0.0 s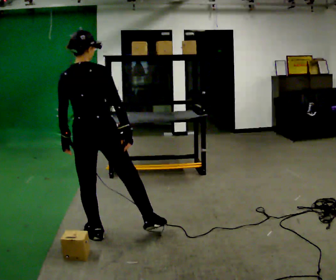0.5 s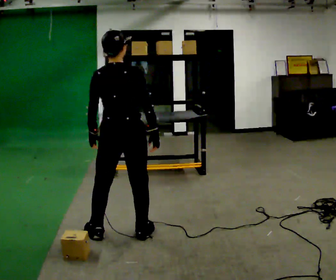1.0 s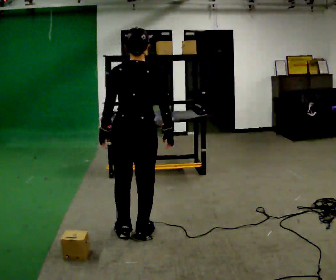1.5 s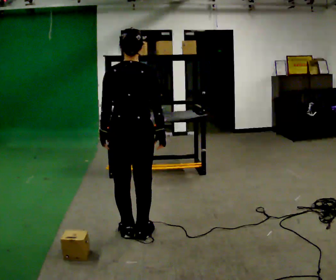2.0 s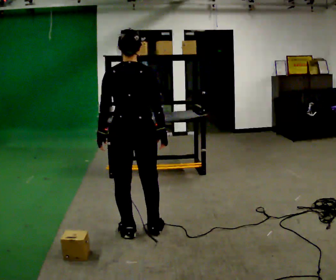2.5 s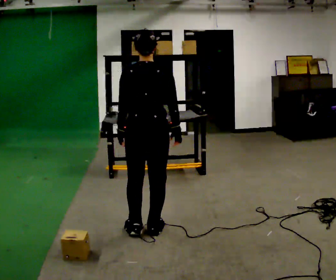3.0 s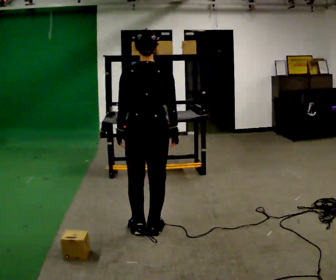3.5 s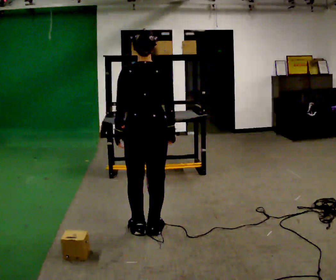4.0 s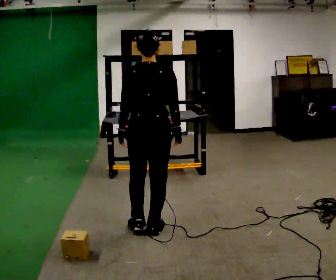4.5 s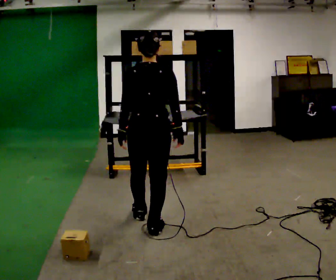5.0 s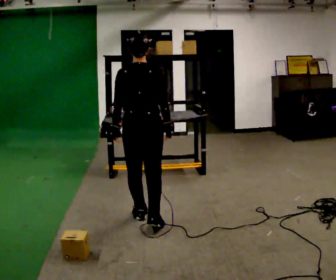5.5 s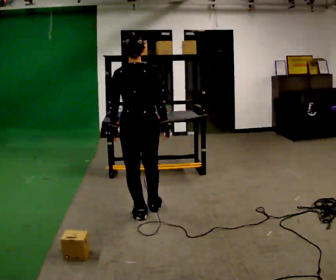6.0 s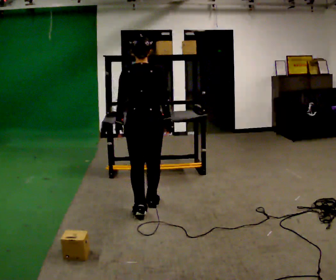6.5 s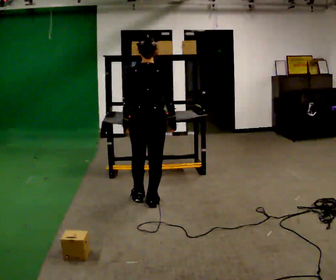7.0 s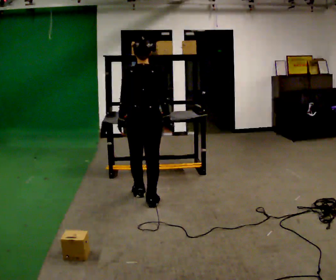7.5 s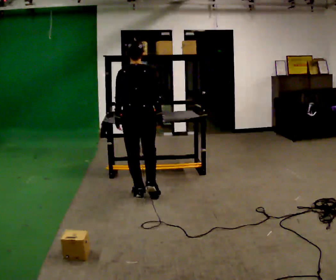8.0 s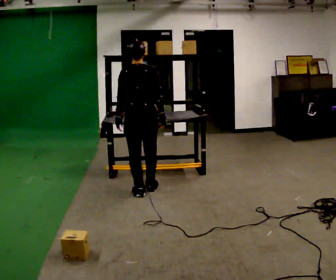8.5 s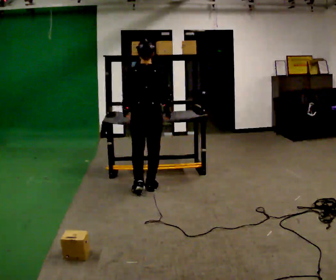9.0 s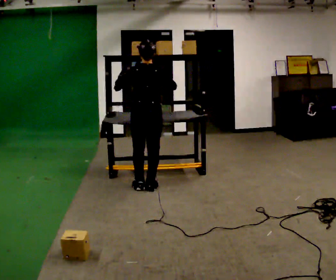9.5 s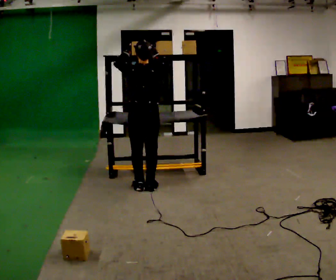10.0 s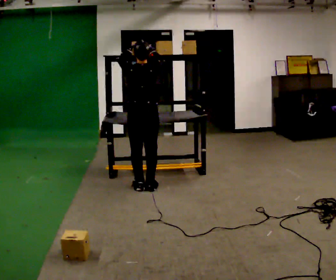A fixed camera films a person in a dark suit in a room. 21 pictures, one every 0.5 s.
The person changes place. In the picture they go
away from the camera.
The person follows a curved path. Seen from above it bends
counterclockwise.
0.0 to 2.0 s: In the picture they go to the right, about 0.25 m in 1 step, which for them is to their right.
2.0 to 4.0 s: The person moves a little, or ends about where they began.
4.0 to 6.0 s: In the picture they go away from the camera, about 0.5 m in 2 steps, which for them is forward.
6.0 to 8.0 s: In the picture they go away from the camera, about 0.5 m in 2 steps, which for them is forward.
8.0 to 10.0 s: In the picture they go away from the camera, about 0.25 m in 1 step, which for them is forward. In the picture their left hand goes upward.
The film runs forward here.
